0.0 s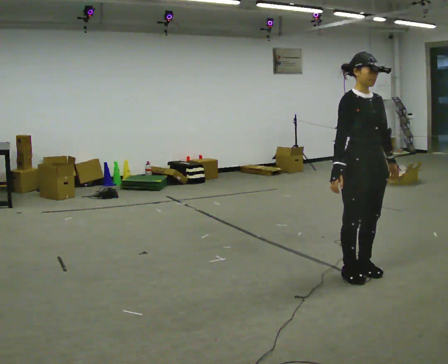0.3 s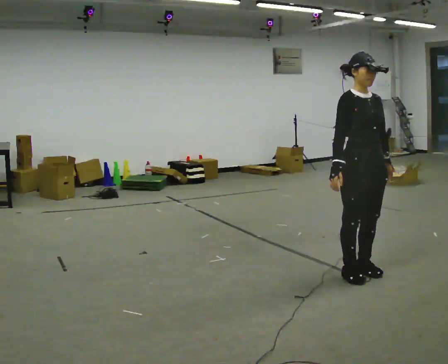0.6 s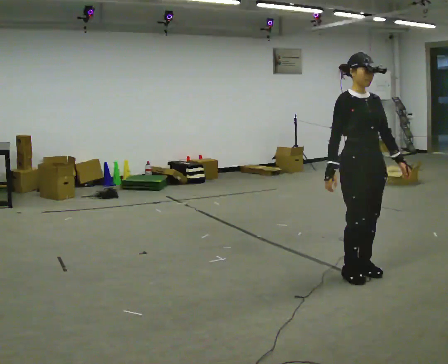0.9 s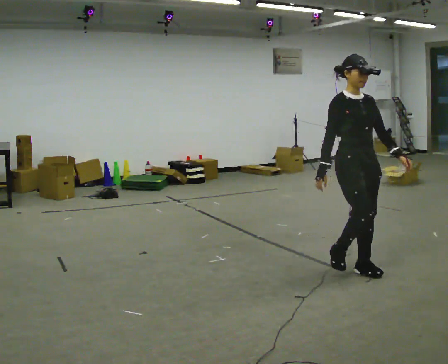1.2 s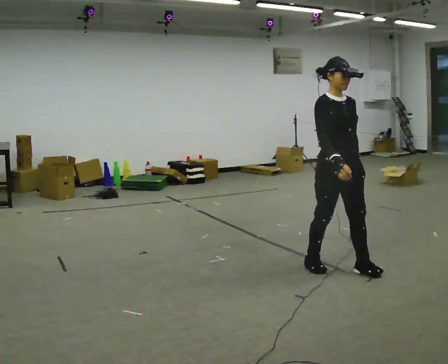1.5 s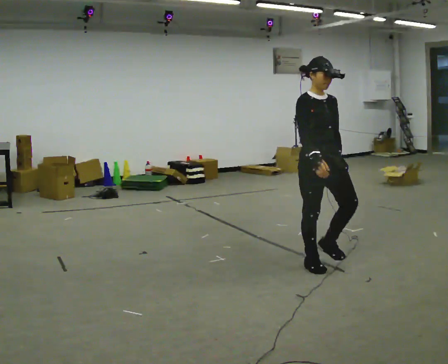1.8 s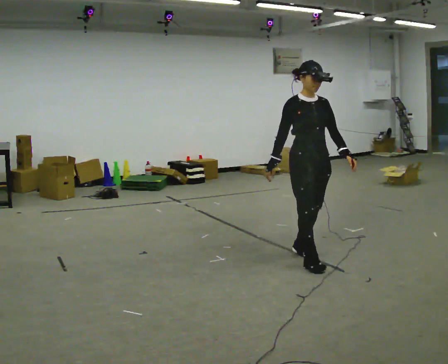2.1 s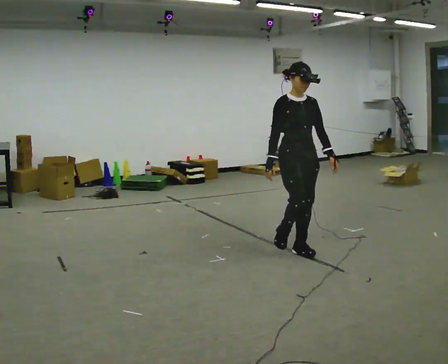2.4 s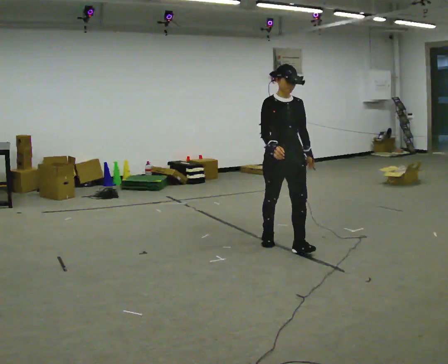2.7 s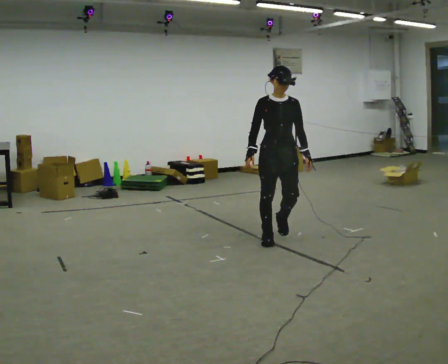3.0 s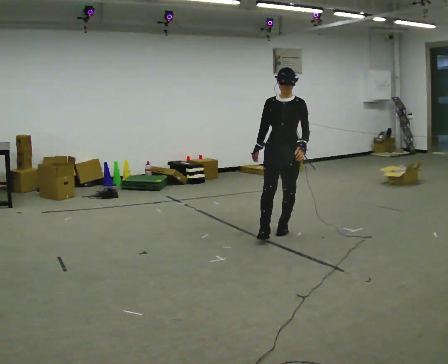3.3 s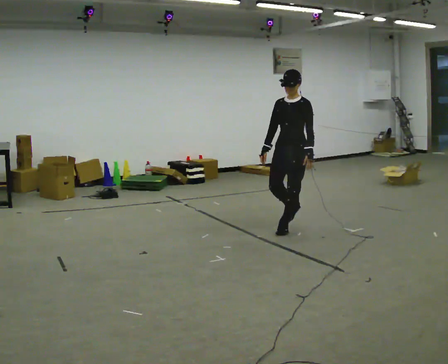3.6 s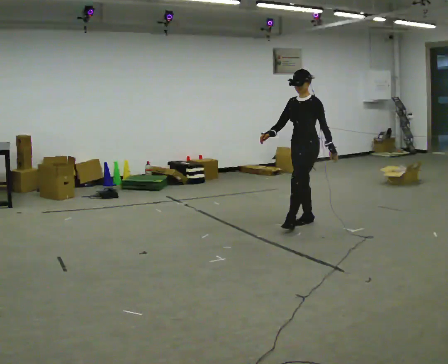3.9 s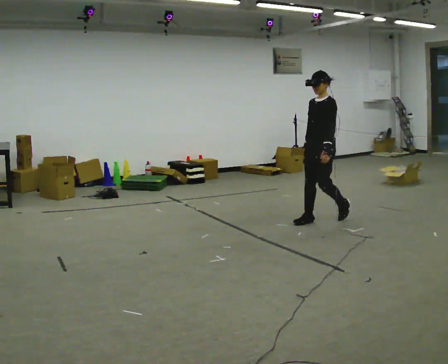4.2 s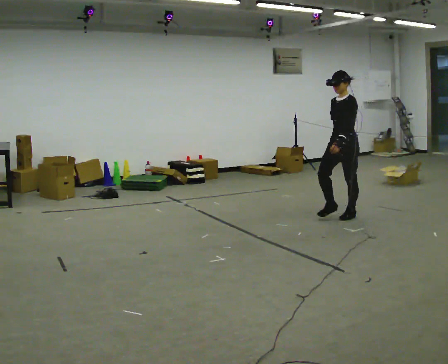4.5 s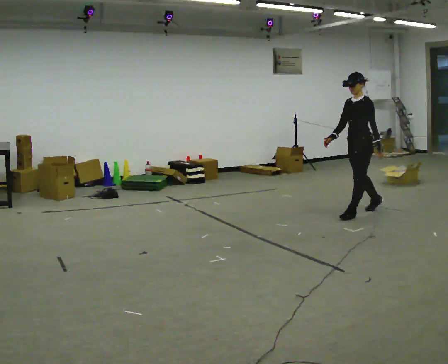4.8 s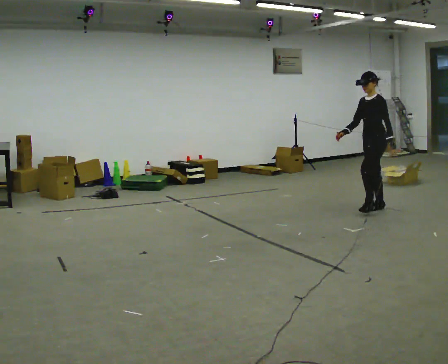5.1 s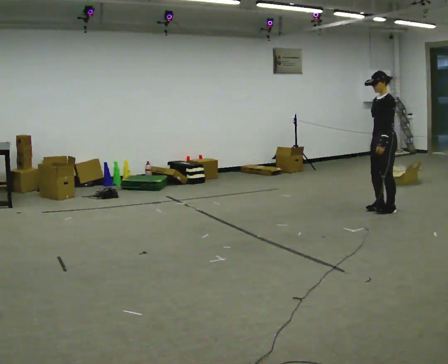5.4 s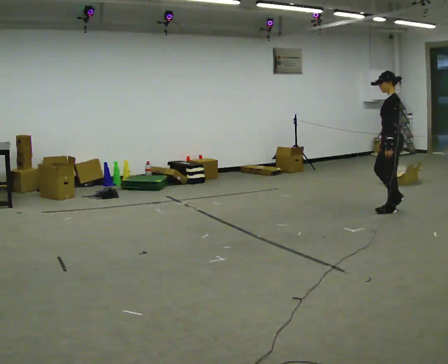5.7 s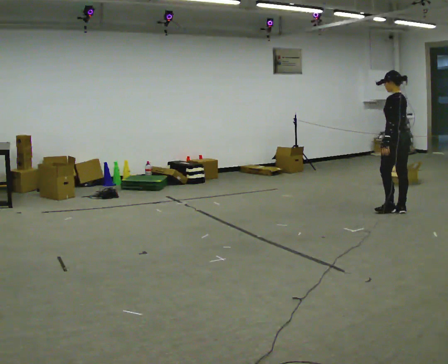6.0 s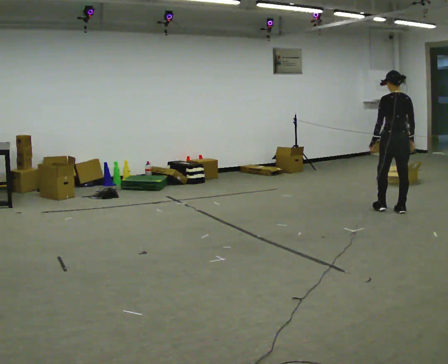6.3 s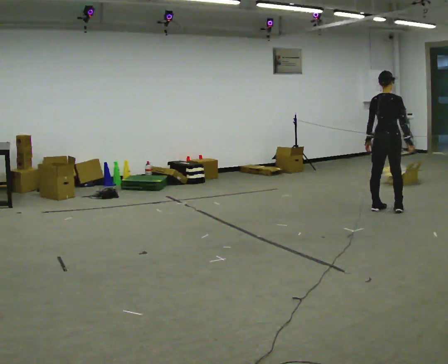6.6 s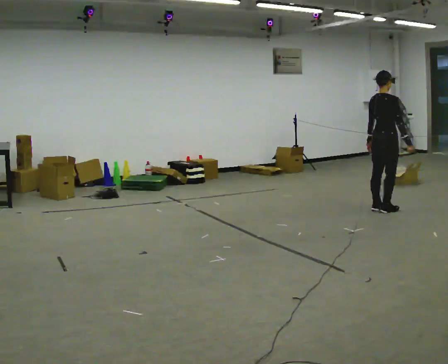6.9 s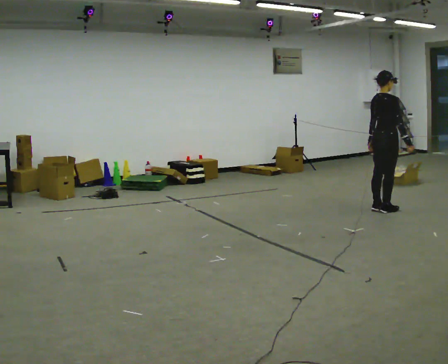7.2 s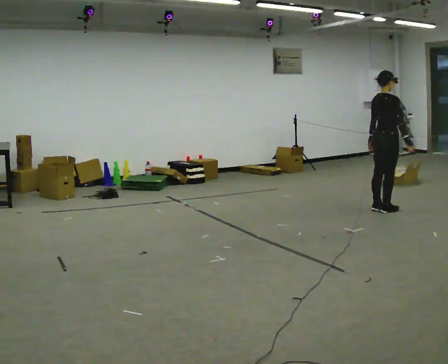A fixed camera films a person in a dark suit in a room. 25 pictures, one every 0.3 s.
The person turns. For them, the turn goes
to their right.
The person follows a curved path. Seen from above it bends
clockwise.
0.0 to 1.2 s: In the picture they go away from the camera, about 0.25 m in 1 step, which for them is backward.
1.2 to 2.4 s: In the picture they go away from the camera and to the left, about 0.5 m in 2 steps, which for them is backward.
2.4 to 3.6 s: Seen from above the body turns clockwise, about 75 degrees: to their right, with its near side sliding to the left. In the picture they go away from the camera, about 1 m in 3 steps.
3.6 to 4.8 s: In the picture they go to the right and away from the camera, about 1 m in 2 steps, which for them is backward.
4.8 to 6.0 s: The part of the body nearest the lens slides to the left as the person turns to their right by about 105 degrees. In the picture they go to the right, about 0.25 m in 2 steps.
6.0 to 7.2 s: The part of the body nearest the lens slides to the left as the person turns to their right by about 75 degrees.
The film runs backward here.
